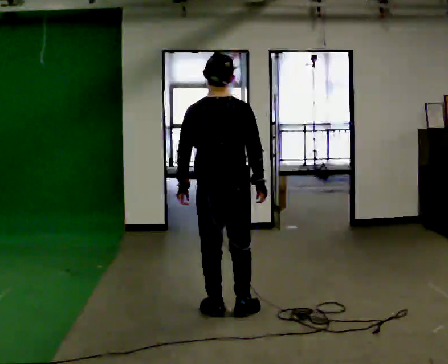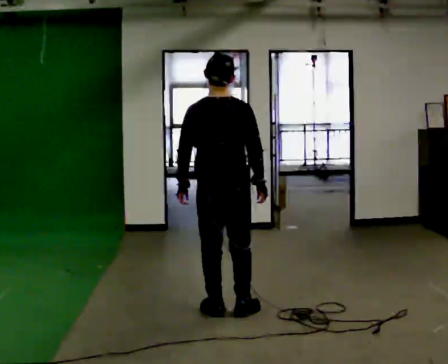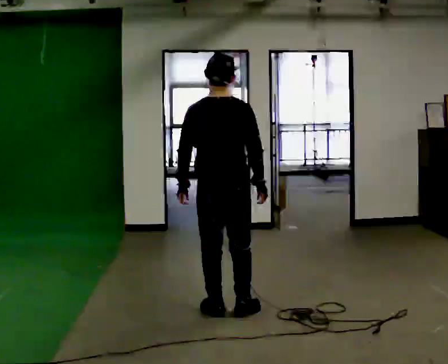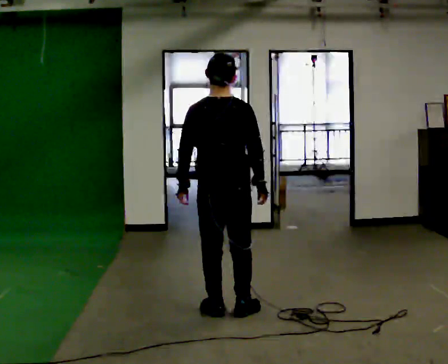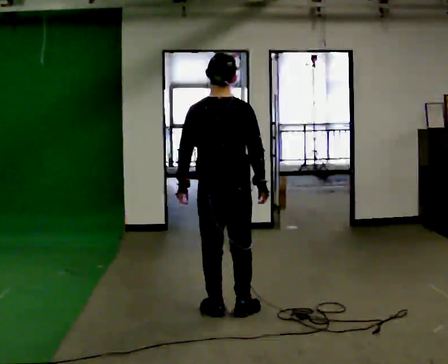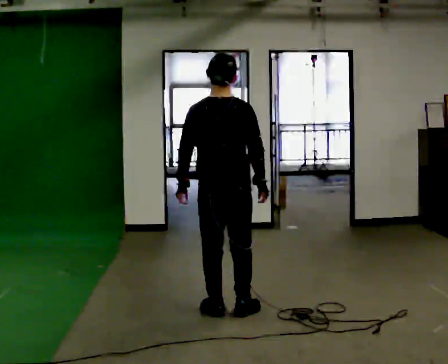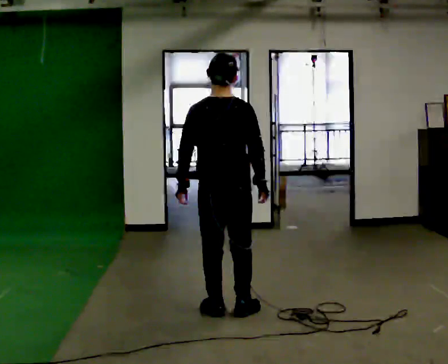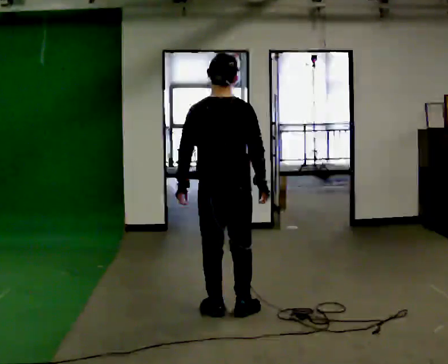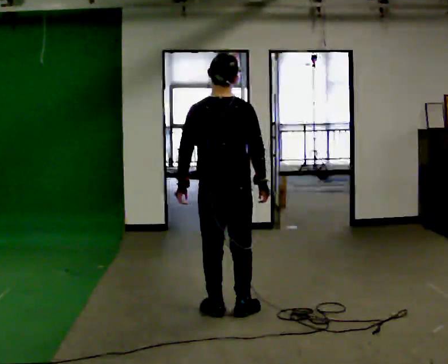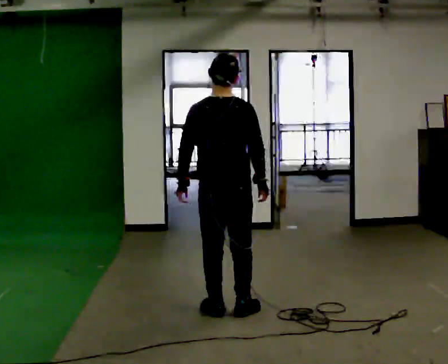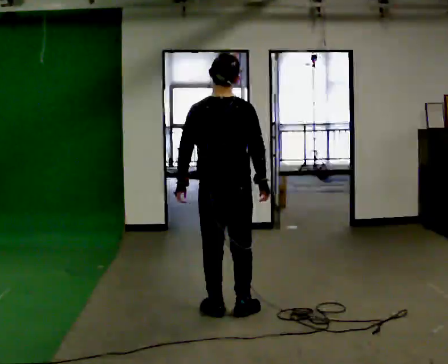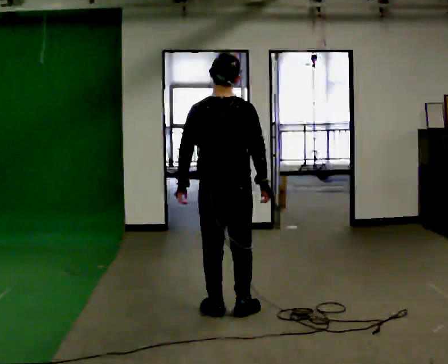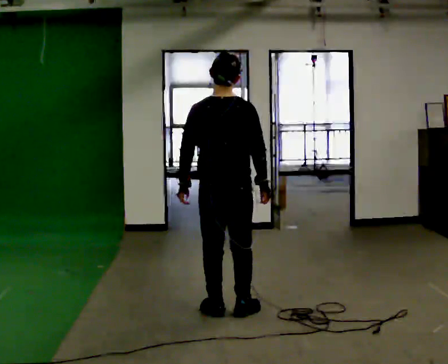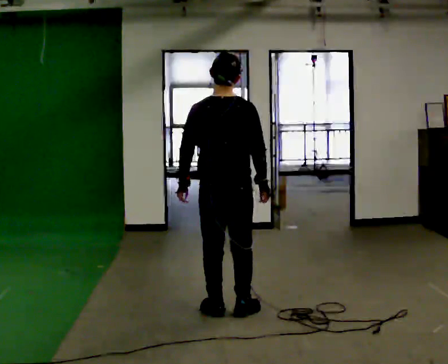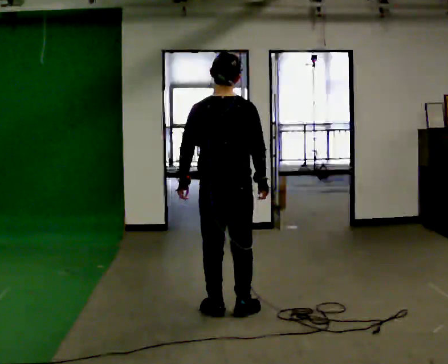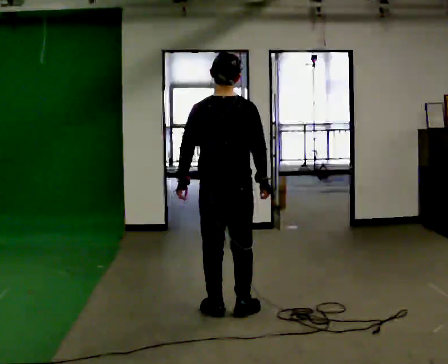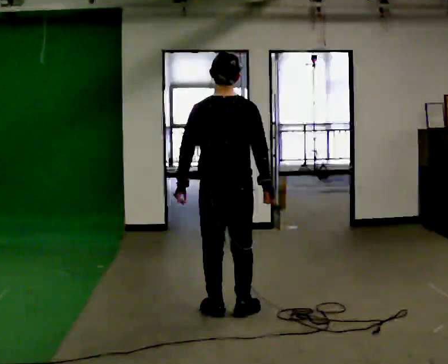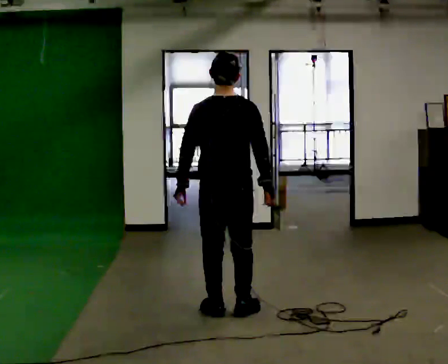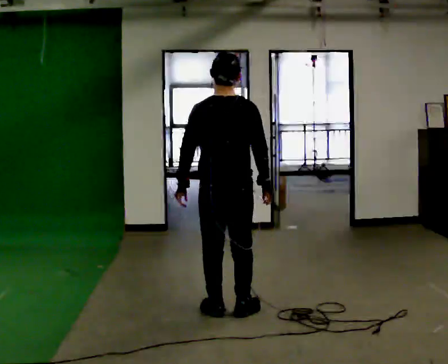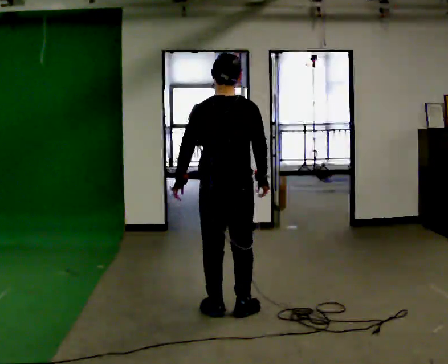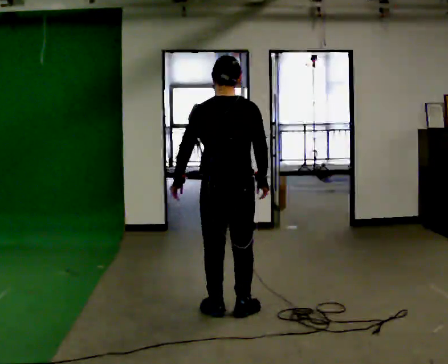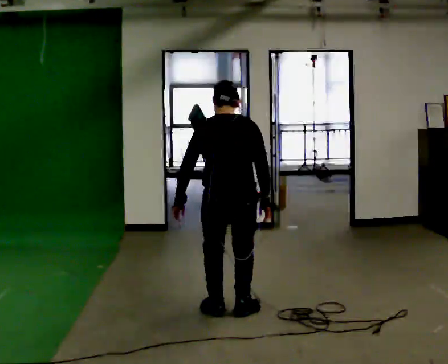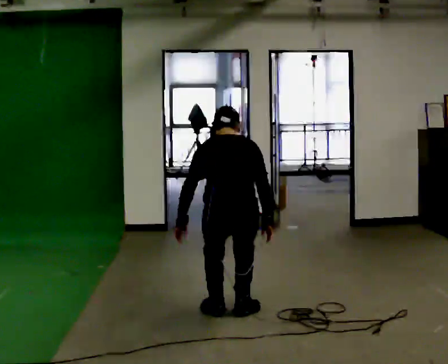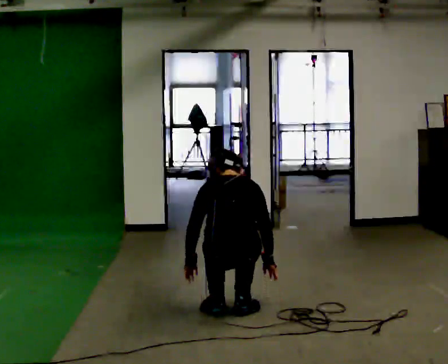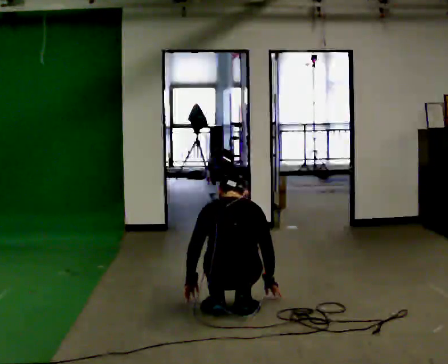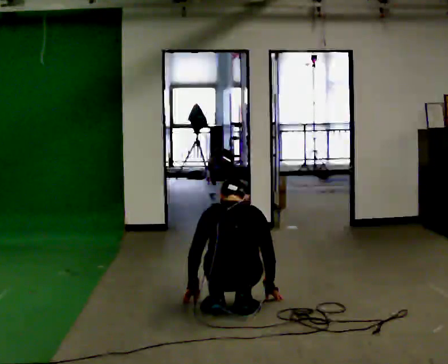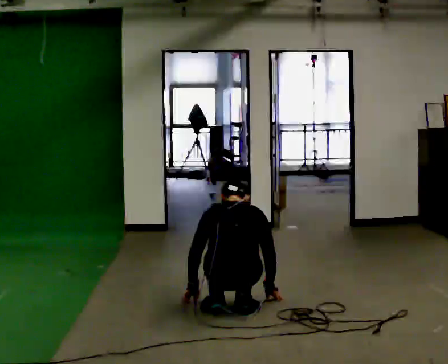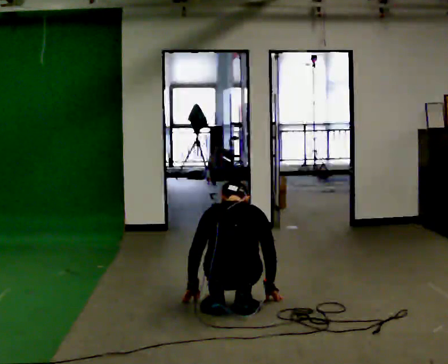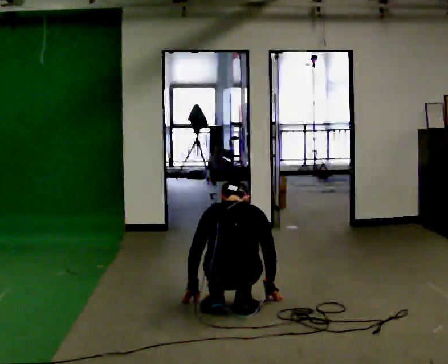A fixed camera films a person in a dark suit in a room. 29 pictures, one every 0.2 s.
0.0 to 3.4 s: The person moves a little, or ends about where they began.
3.4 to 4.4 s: The shoulders move downward. The upper body tips away from the camera, its near side rolling upward, as they bend forward.
4.4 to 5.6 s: The shoulders move downward. In the picture their right hand goes downward.
The film runs backward here.
